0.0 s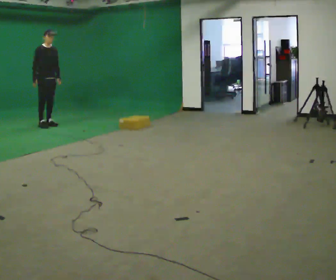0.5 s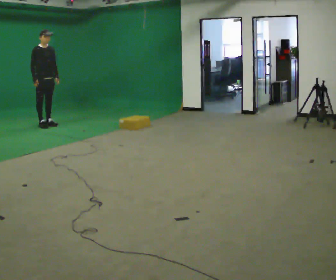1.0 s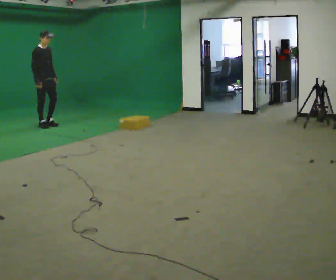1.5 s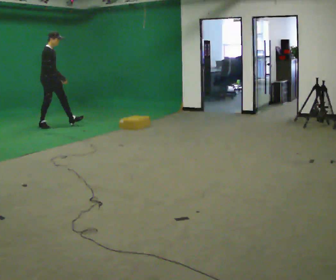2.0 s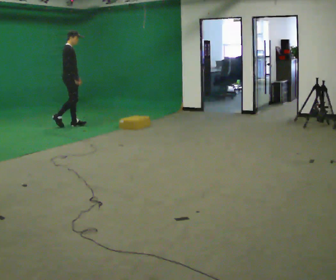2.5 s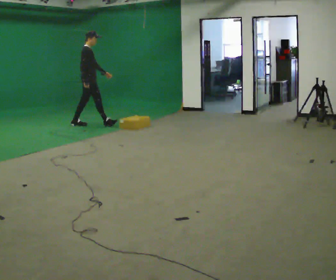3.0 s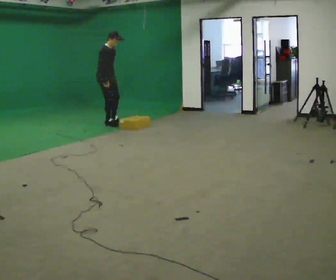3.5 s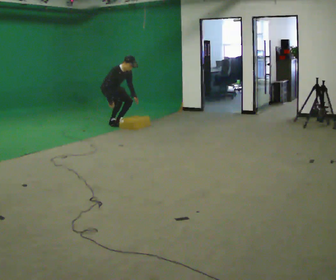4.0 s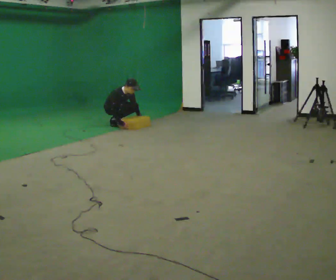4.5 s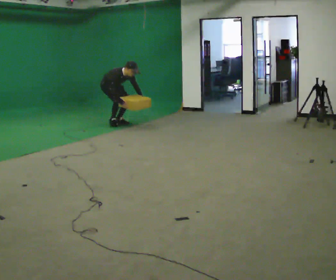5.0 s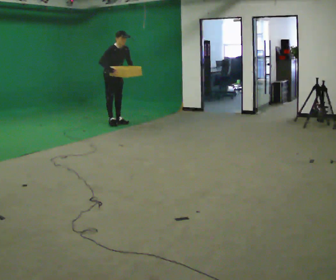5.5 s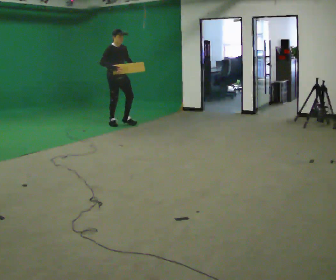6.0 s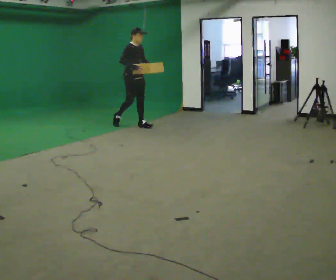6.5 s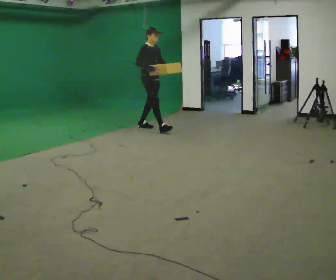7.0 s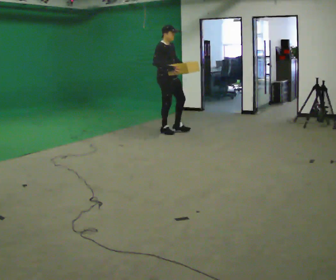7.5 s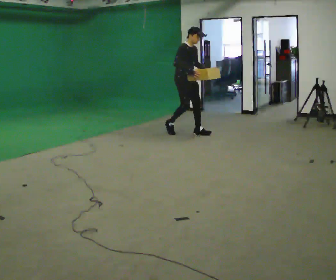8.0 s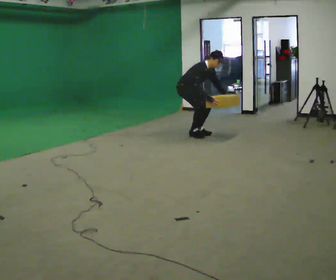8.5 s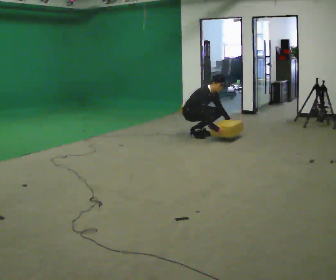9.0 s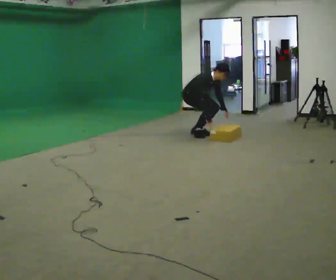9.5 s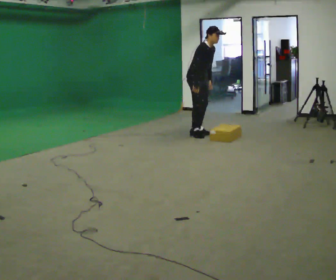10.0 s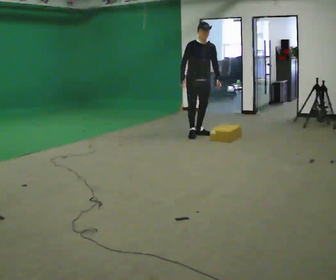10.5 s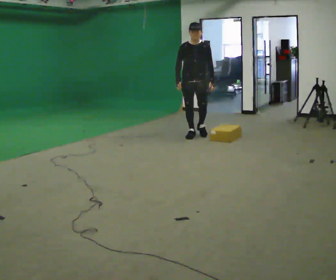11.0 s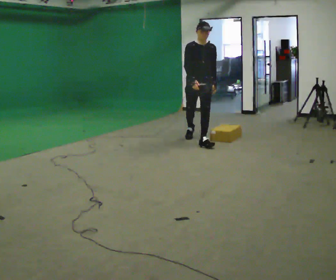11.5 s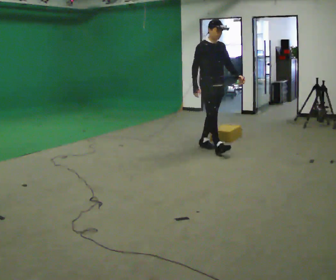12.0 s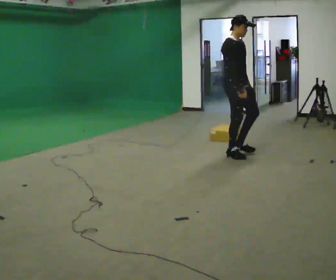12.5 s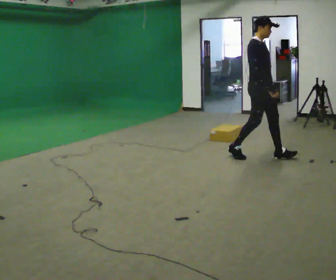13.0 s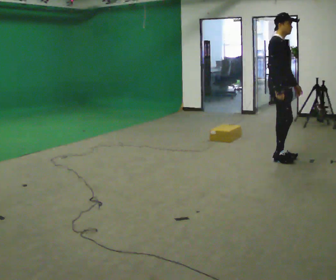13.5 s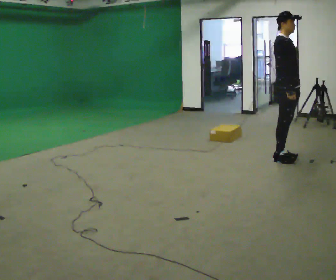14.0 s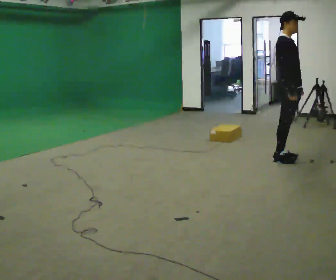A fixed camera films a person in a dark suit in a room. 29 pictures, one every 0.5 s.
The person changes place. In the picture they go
to the right.
0.0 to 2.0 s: Seen from above the body turns counterclockwise, about 45 degrees: to their left, with its near side sliding to the right. In the picture they go to the right, about 0.5 m in 1 step, which for them is forward and to their left.
2.0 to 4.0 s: Seen from above the body turns clockwise, about 45 degrees: to their right, with its near side sliding to the left. In the picture they go to the right and away from the camera, about 1 m in 2 steps, which for them is forward and to their left. The shoulders move downward. In the picture the upper body tilts clockwise, shoulders to the right, as they bend forward. In the picture their right hand goes downward.
4.0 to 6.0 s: In the picture they go to the right and toward the camera, about 0.5 m in 1 step, which for them is forward. The shoulders move upward. In the picture their right hand goes upward.
6.0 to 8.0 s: In the picture they go to the right and toward the camera, about 1 m in 3 steps, which for them is forward. The upper body goes downward. In the picture the upper body tilts clockwise, shoulders to the right, as they bend forward. In the picture their right hand goes downward.
8.0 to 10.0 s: The part of the body nearest the lens slides to the left as the person turns to their right by about 30 degrees. In the picture they go to the right, about 0.25 m, which for them is forward. In the picture their right hand goes to the left.
10.0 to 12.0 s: The part of the body nearest the lens slides to the right as the person turns to their left by about 30 degrees. In the picture they go toward the camera, about 1.5 m in 2 steps.
12.0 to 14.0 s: In the picture they go to the right and toward the camera, about 0.75 m in 2 steps, which for them is forward.
The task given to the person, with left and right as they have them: Start still; walk straight at normal comfortable speed; stop at endpoint.
The film runs forward here.
